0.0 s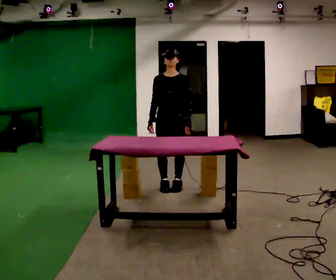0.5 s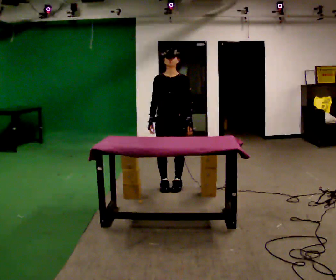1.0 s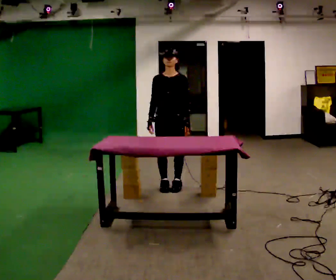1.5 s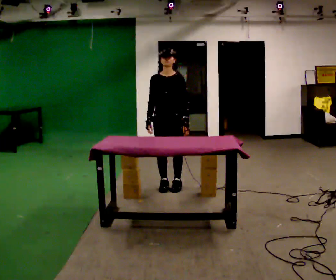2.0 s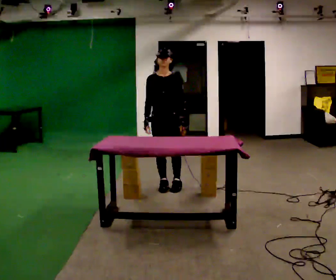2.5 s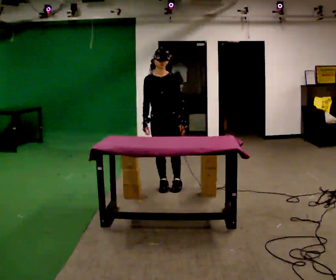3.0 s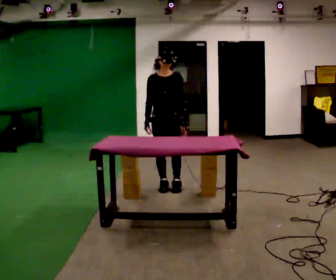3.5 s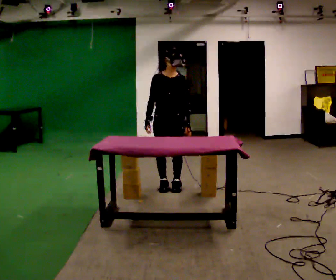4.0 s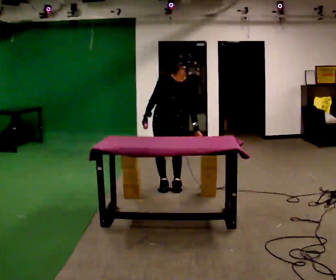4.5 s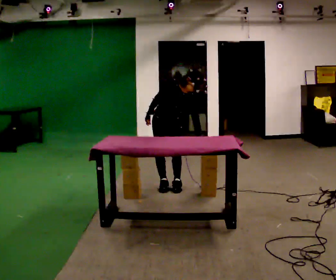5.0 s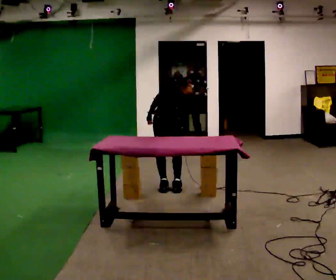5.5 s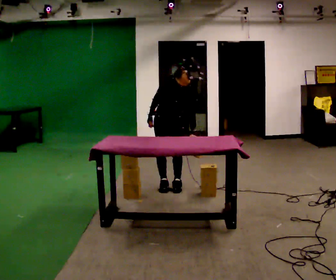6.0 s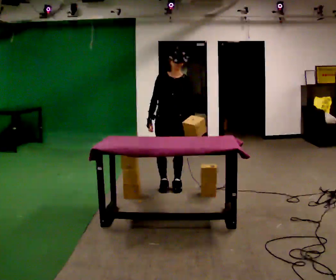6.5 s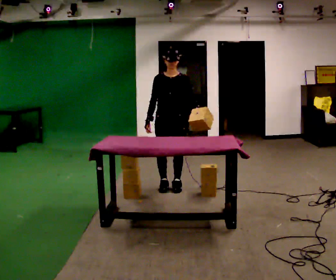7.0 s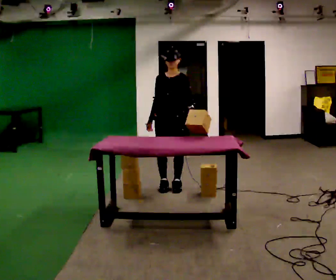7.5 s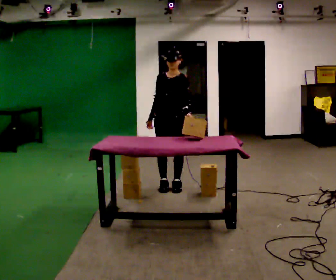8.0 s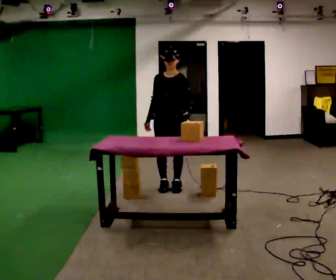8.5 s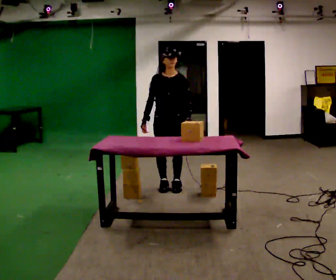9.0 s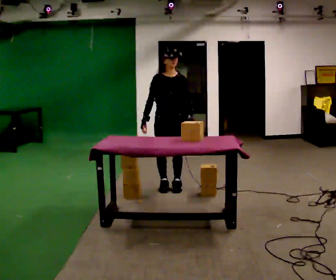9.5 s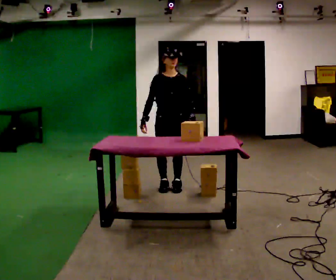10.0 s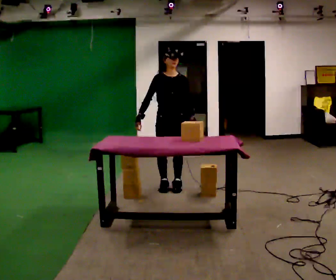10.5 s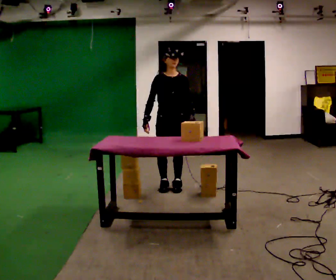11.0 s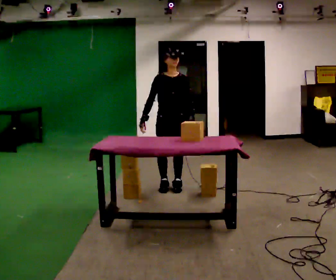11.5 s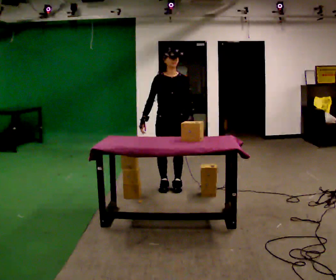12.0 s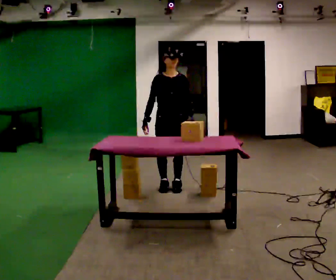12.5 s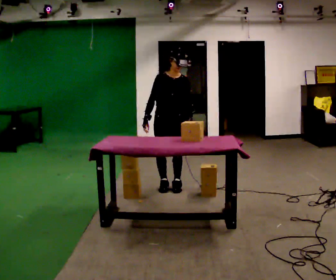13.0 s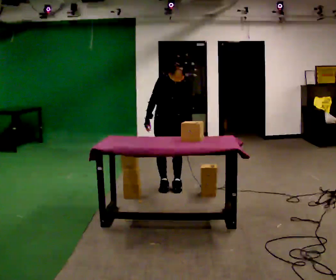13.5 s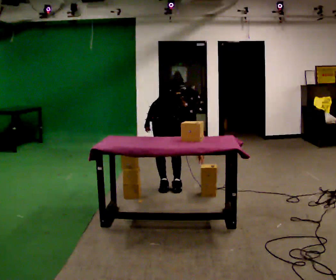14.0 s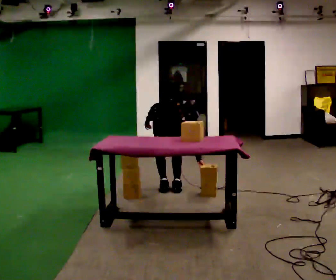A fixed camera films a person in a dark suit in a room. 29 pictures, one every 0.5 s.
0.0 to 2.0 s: The person moves a little, or ends about where they began.
2.0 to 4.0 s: In the picture the upper body tilts clockwise, shoulders to the right, as they bend forward.
4.0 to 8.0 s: The person moves a little, or ends about where they began.
8.0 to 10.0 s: Seen from above the body turns counterclockwise, about 30 degrees: to their left, with its near side sliding to the right.
10.0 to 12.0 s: The person moves a little, or ends about where they began.
12.0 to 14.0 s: In the picture they go away from the camera, about 0.25 m, which for them is backward. The shoulders move downward. The upper body tips toward the camera, its near side rolling downward, as they bend forward.
The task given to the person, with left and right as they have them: Pick an object up off the floor at your feet and place it on the waist-height shelf in front of you. Repeat at your own pace until the operator says stop. Keep both feet on the marked spots for the whole take. If you have to step, stop and tell the operator.
The film runs forward here.
